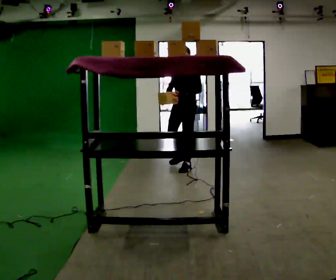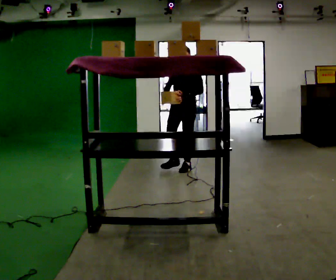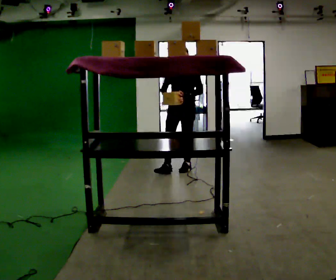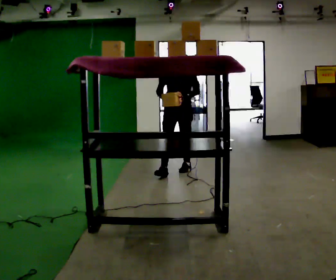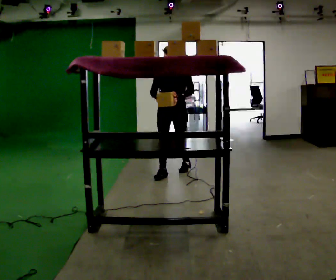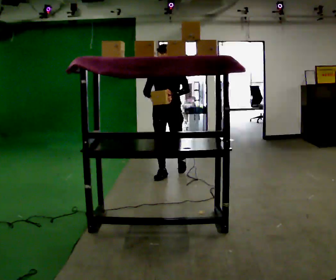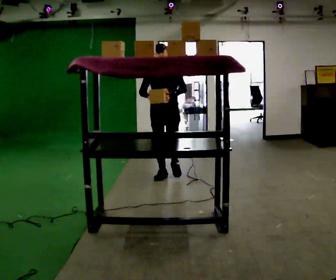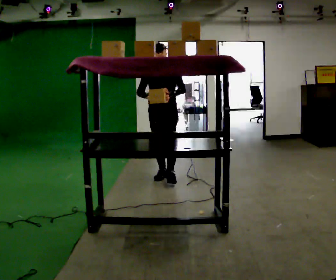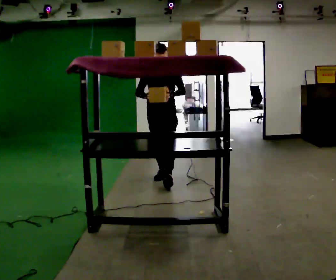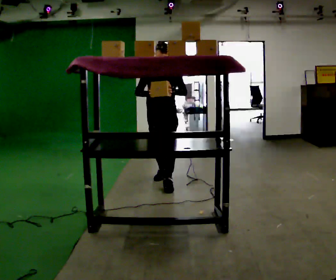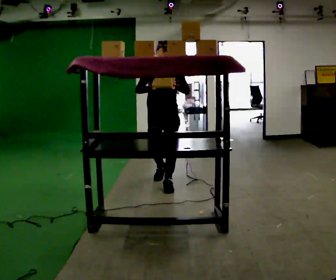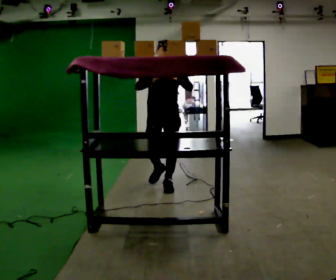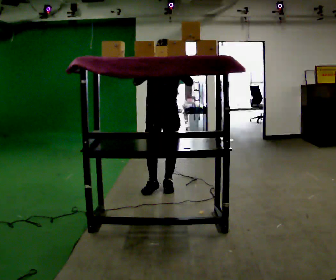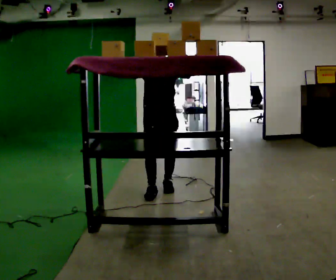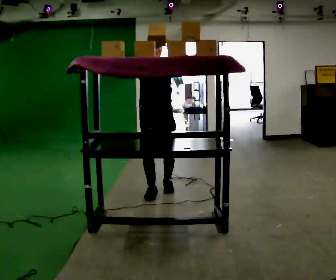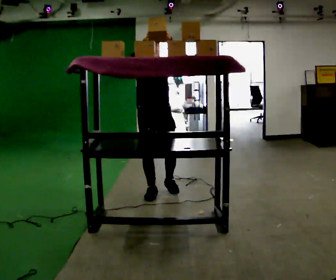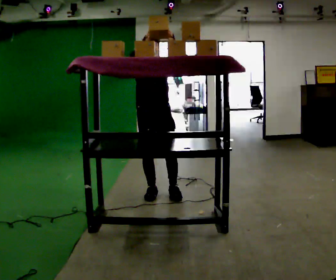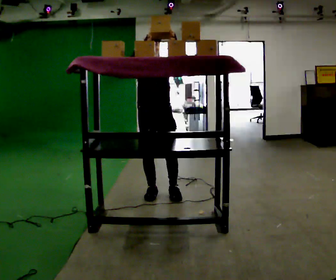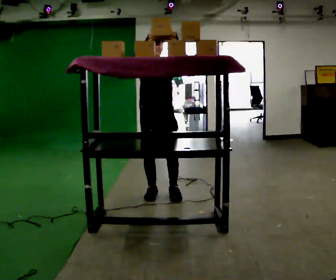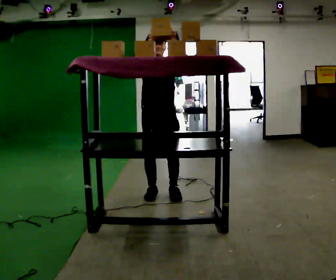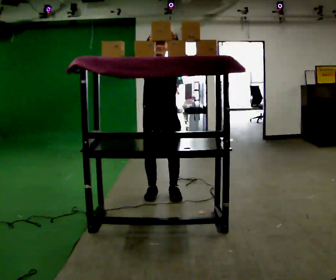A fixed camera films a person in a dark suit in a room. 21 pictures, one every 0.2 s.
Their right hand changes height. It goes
upward.
The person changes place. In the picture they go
toward the camera.
0.0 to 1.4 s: The part of the body nearest the lens slides to the right as the person turns to their left by about 30 degrees. In the picture they go toward the camera and to the left, about 0.5 m in 1 step, which for them is forward and to their right.
1.4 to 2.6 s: In the picture they go toward the camera, about 0.5 m in 2 steps, which for them is forward. In the picture their right hand goes upward.
2.6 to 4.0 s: In the picture they go toward the camera, about 0.25 m in 1 step, which for them is forward.
The film runs forward here.
